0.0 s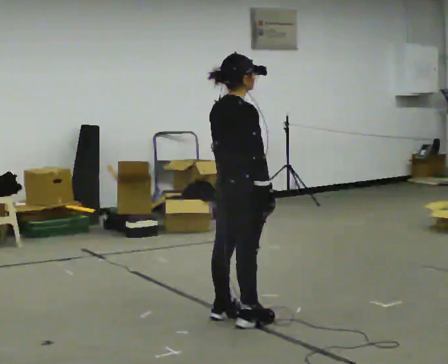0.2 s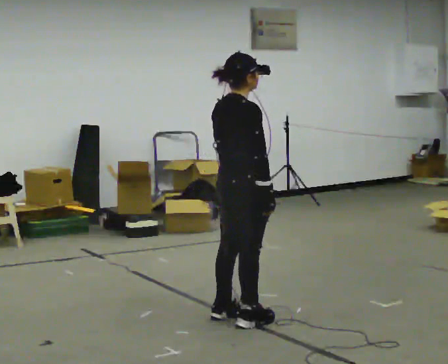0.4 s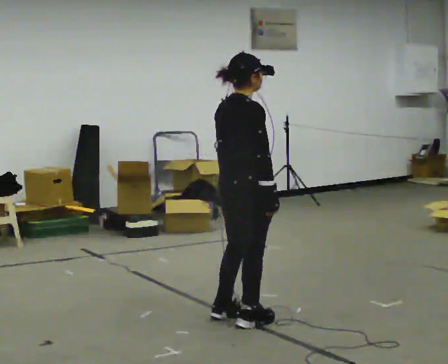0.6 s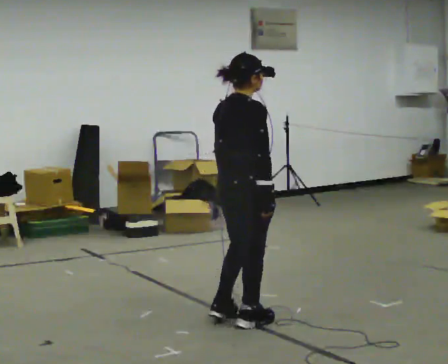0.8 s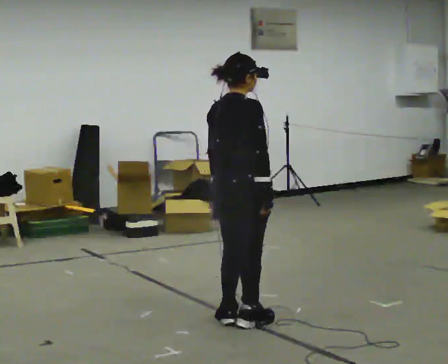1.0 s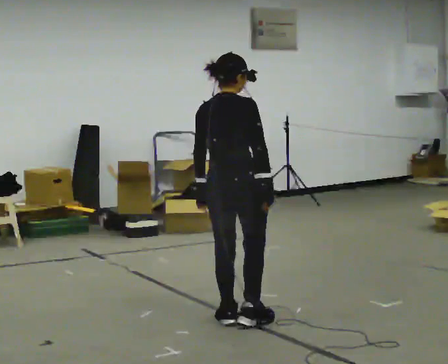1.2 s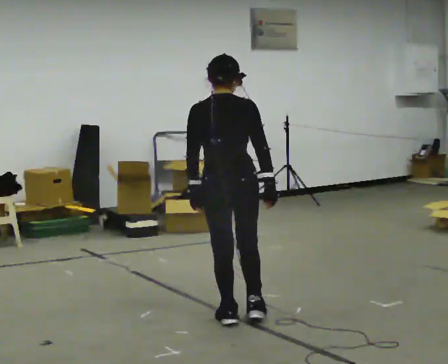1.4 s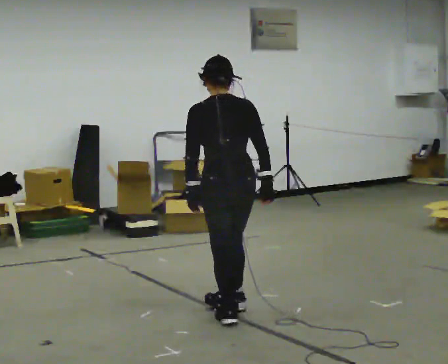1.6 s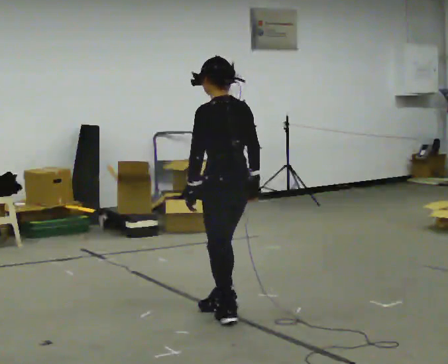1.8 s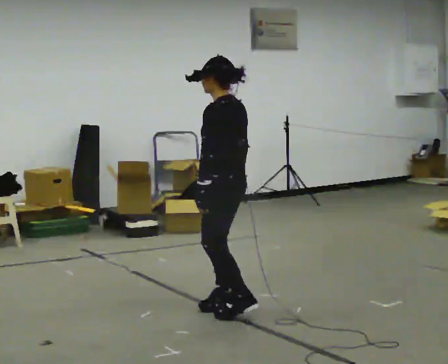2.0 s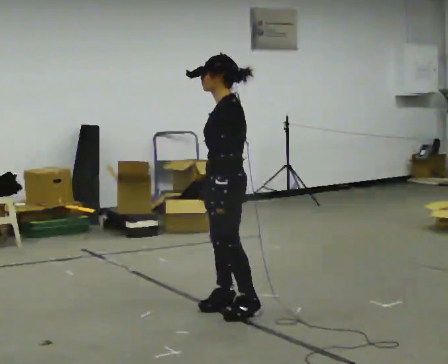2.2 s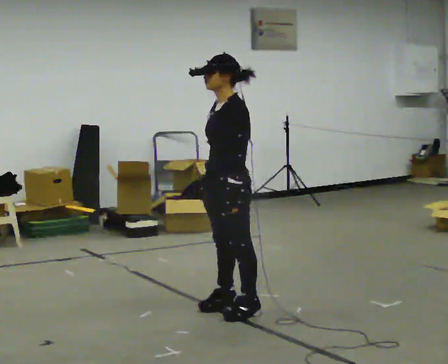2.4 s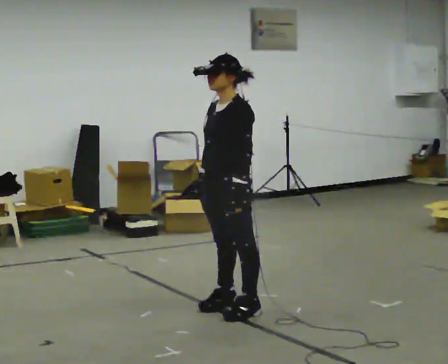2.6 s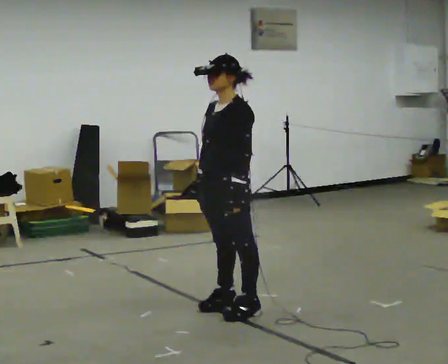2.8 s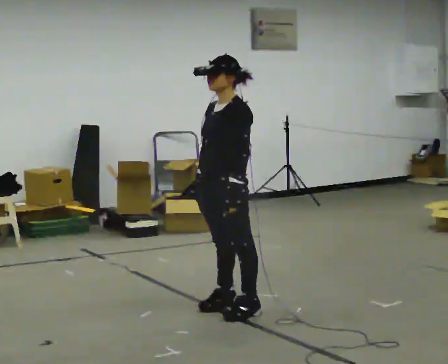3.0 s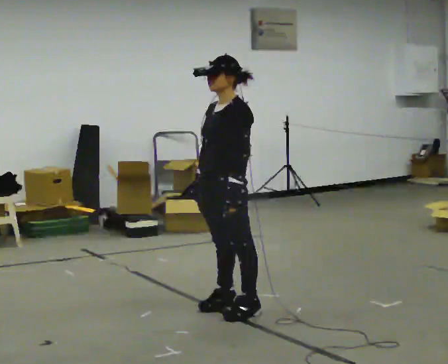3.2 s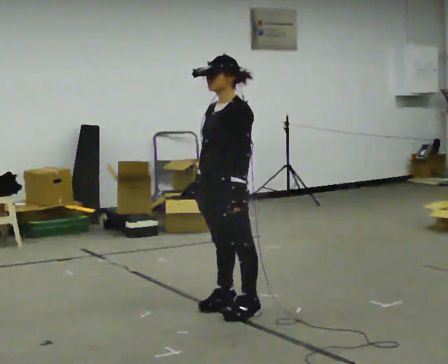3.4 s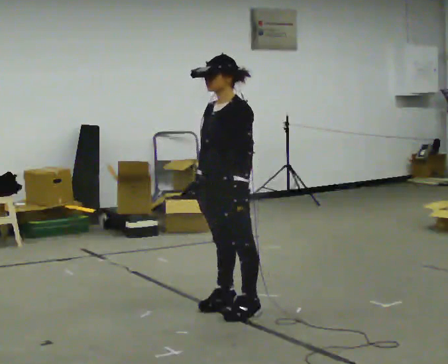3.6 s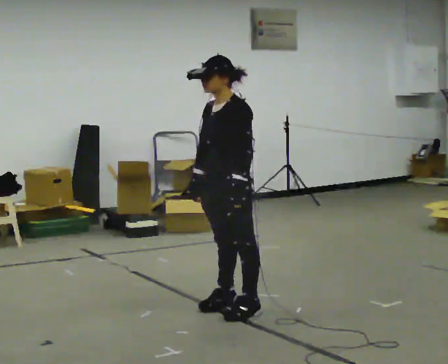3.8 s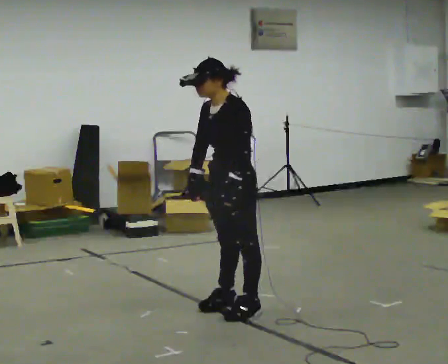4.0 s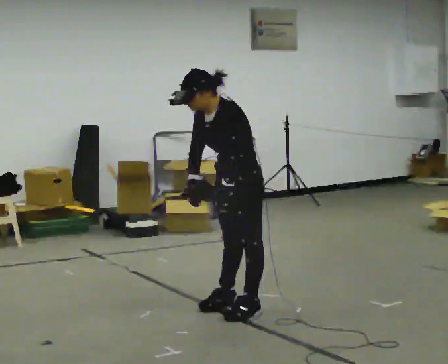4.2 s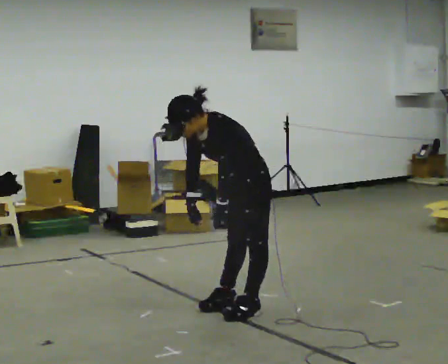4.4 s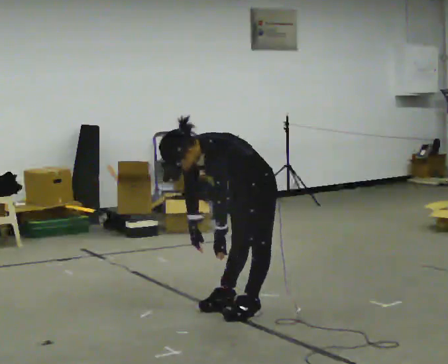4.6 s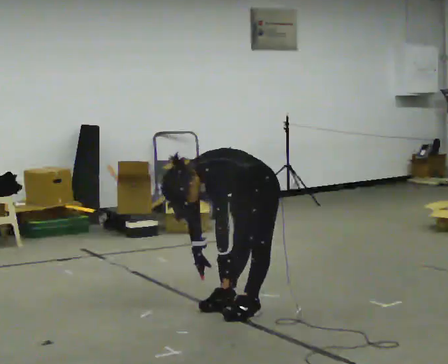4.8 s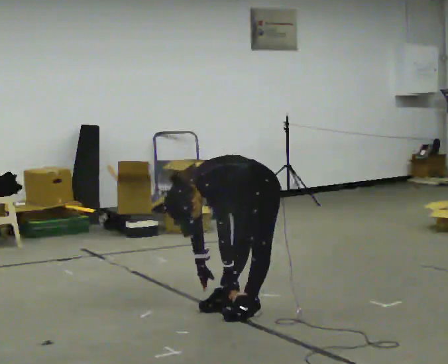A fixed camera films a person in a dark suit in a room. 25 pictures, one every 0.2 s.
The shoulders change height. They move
downward.
The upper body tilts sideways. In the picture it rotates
counterclockwise.
0.0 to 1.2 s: Seen from above the body turns counterclockwise, about 45 degrees: to their left, with its near side sliding to the right.
1.2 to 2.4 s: The part of the body nearest the lens slides to the right as the person turns to their left by about 135 degrees. In the picture they go away from the camera, about 0.25 m in 1 step. In the picture their right hand goes to the left, the arm swinging clockwise.
2.4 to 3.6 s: The person moves a little, or ends about where they began.
3.6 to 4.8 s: In the picture they go to the right, about 0.25 m, which for them is backward. The upper body goes downward. In the picture the upper body tilts counterclockwise, shoulders to the left, as they bend forward. In the picture their right hand goes downward.
The film runs backward here.
